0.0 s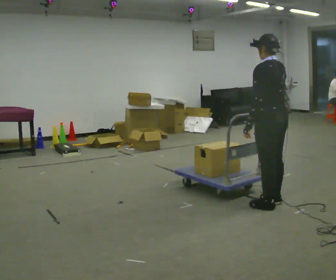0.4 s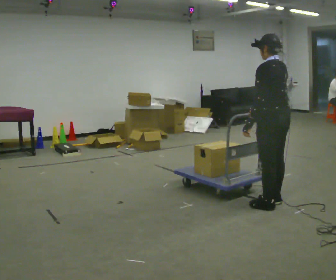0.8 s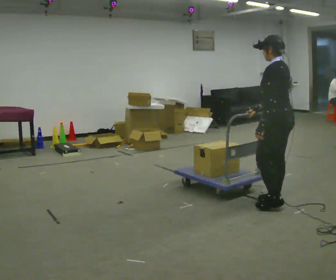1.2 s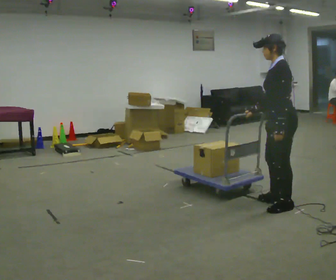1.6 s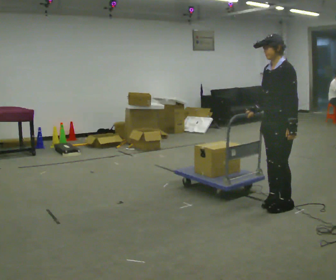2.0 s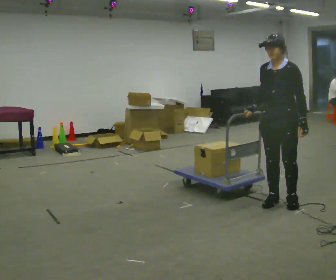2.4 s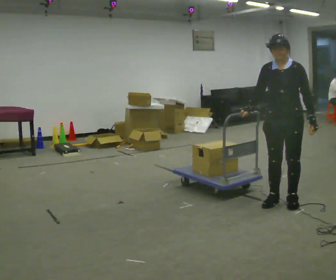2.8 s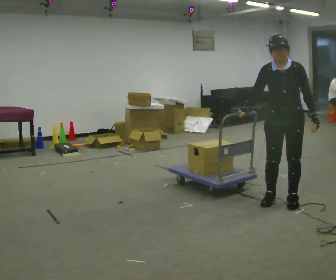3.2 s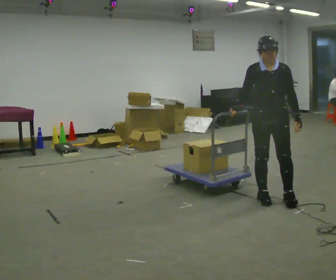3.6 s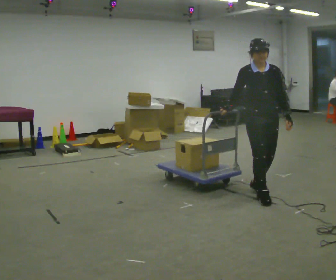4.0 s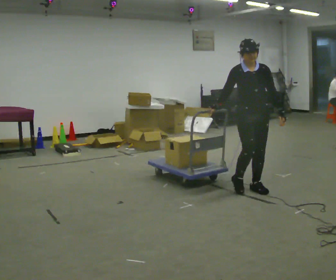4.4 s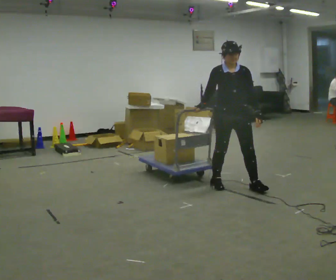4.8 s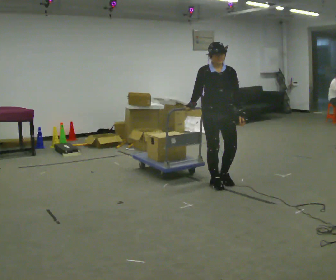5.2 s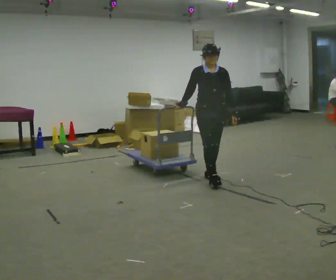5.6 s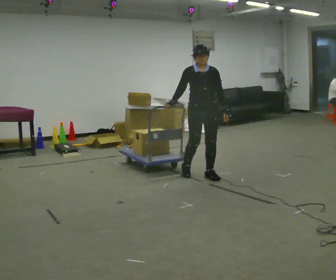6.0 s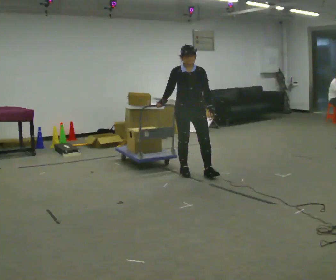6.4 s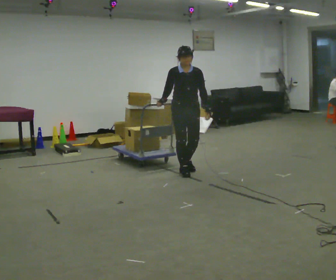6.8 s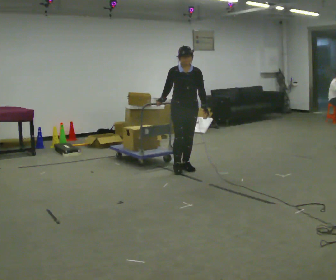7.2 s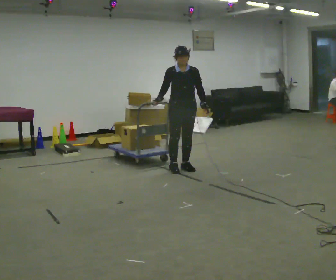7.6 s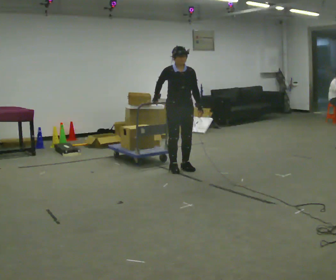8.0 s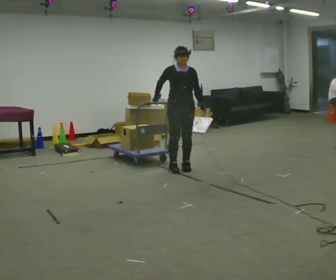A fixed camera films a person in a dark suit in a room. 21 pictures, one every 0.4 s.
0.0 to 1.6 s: The person turns about 75 degrees to their left, counterclockwise seen from above, so the part of the body nearest the lens slides to the right. In the picture their left hand goes to the right.
1.6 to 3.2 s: Seen from above the body turns counterclockwise, about 75 degrees: to their left, with its near side sliding to the right. In the picture they go away from the camera, about 0.25 m in 3 steps.
3.2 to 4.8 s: In the picture they go to the left and away from the camera, about 0.5 m in 2 steps, which for them is backward and to their right.
4.8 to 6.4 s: In the picture they go to the left and away from the camera, about 0.75 m in 2 steps, which for them is backward and to their right.
6.4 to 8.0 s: In the picture they go away from the camera, about 0.25 m in 2 steps, which for them is backward.
The film runs backward here.
